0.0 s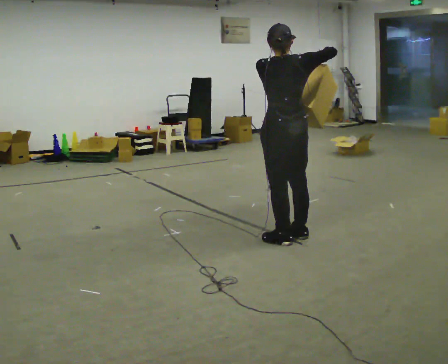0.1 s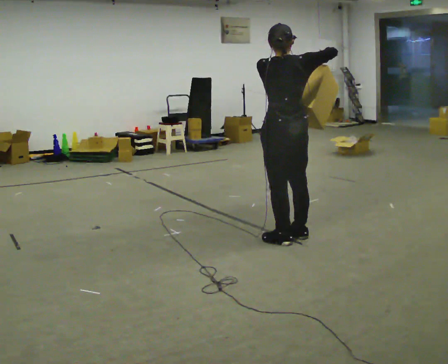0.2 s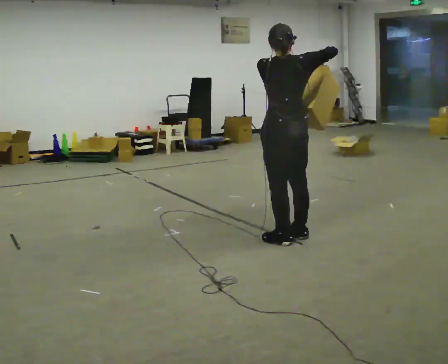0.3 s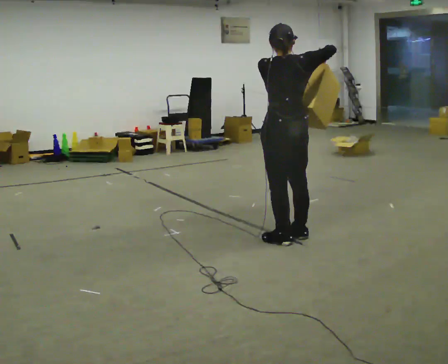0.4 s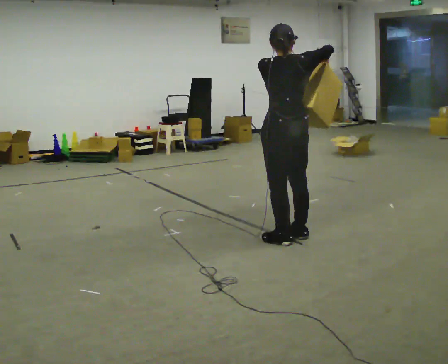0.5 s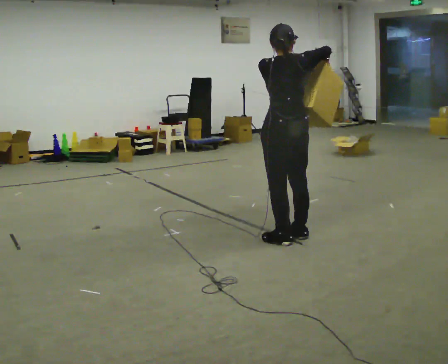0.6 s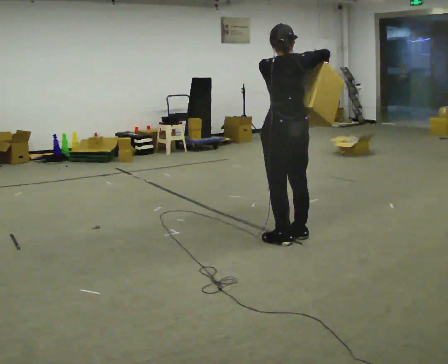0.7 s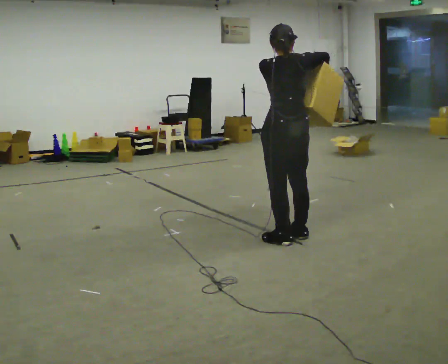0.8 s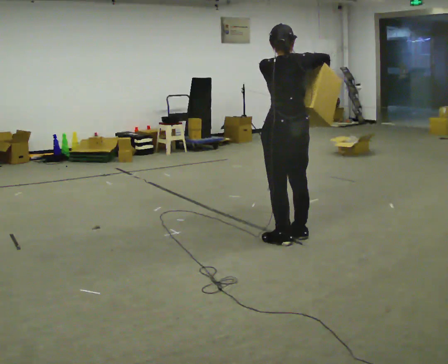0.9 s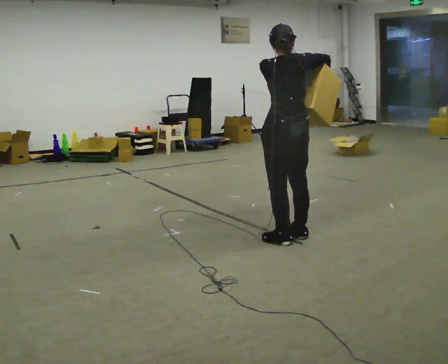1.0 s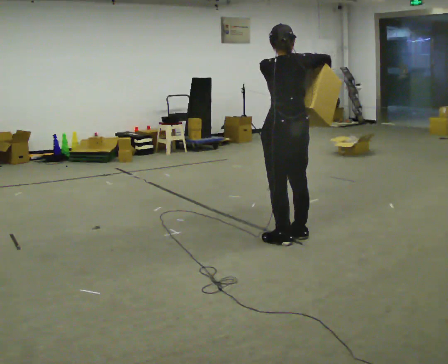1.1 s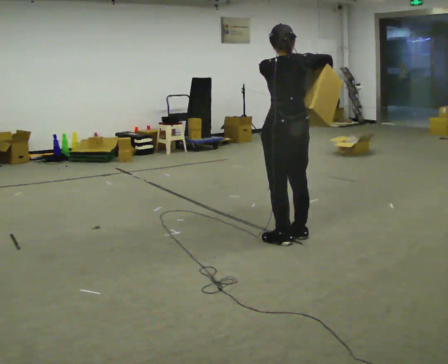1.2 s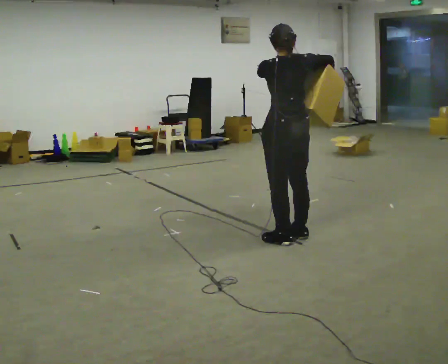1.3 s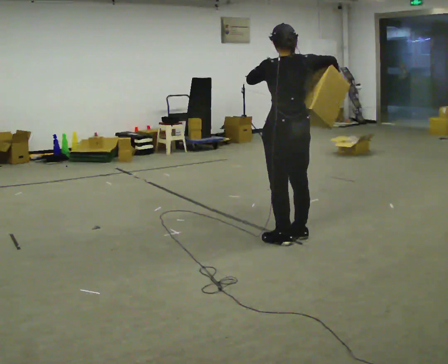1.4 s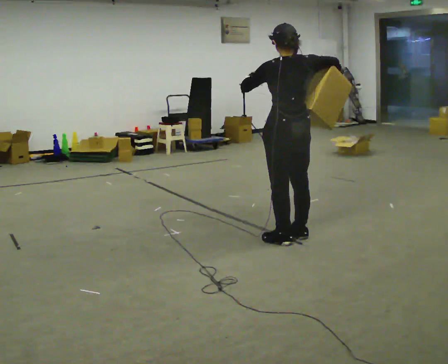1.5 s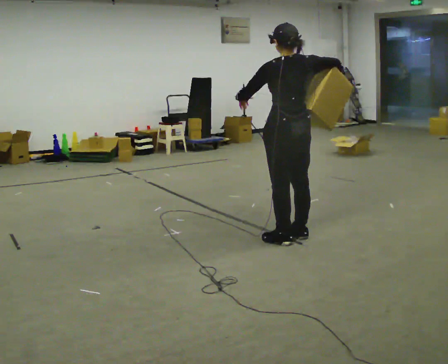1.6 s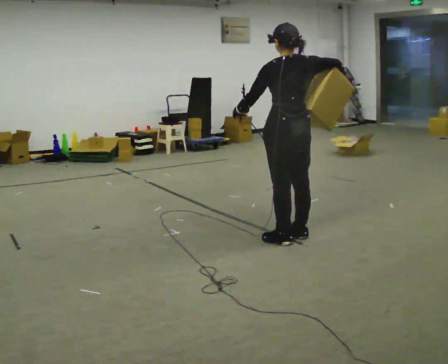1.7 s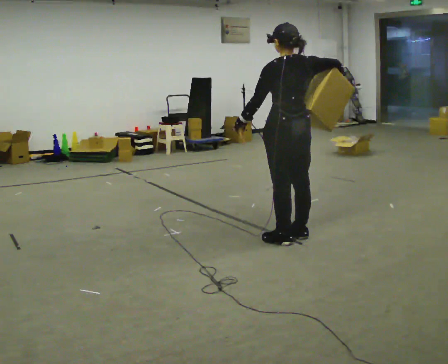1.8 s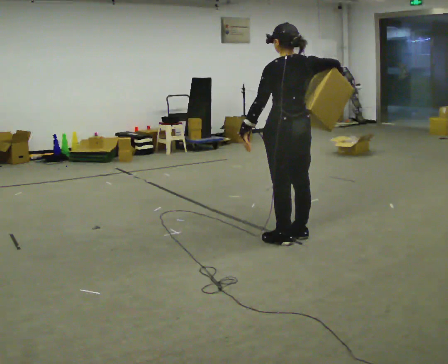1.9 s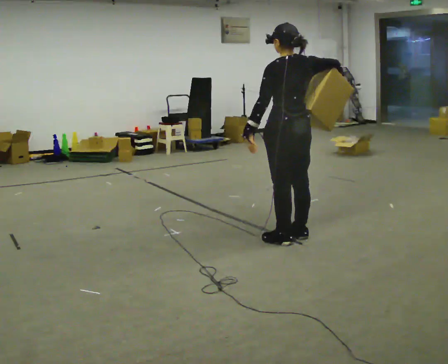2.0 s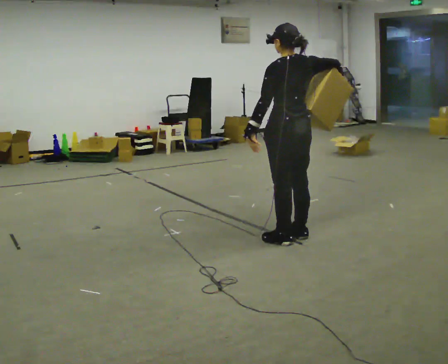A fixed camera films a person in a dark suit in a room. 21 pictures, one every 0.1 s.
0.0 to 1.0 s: The person moves a little, or ends about where they began.
1.0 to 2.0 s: In the picture their left hand goes downward.
The film runs forward here.
